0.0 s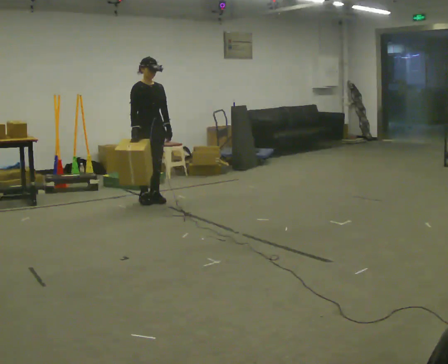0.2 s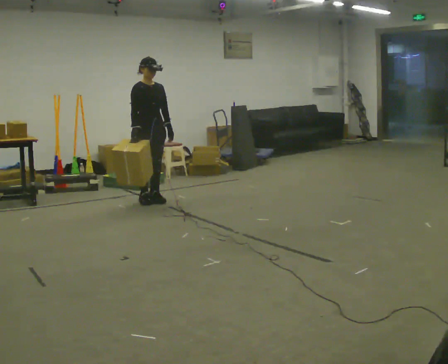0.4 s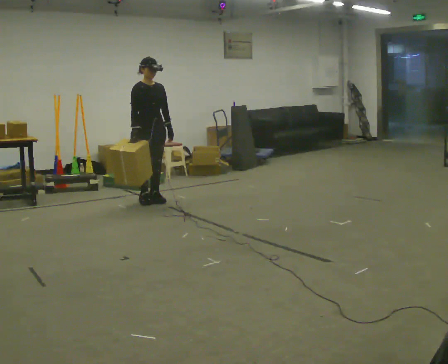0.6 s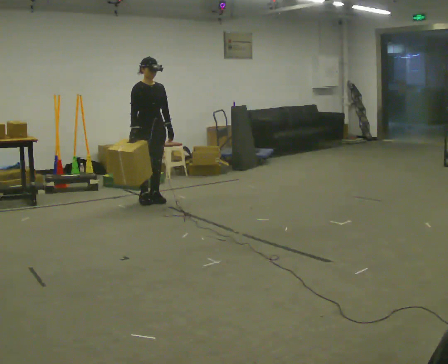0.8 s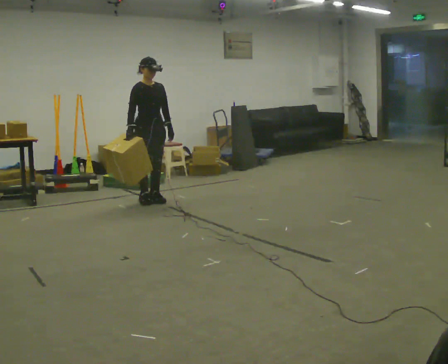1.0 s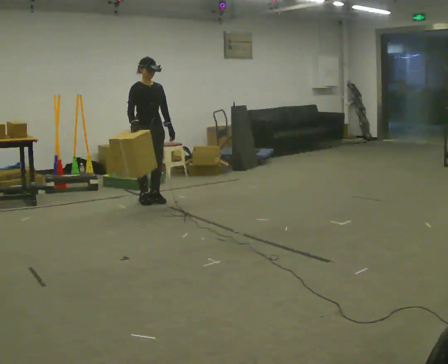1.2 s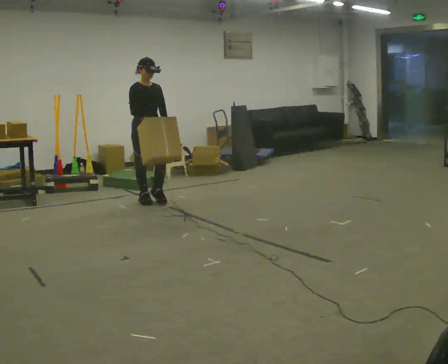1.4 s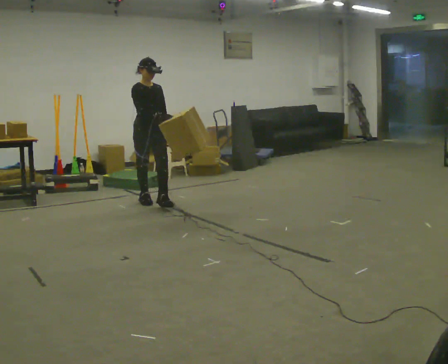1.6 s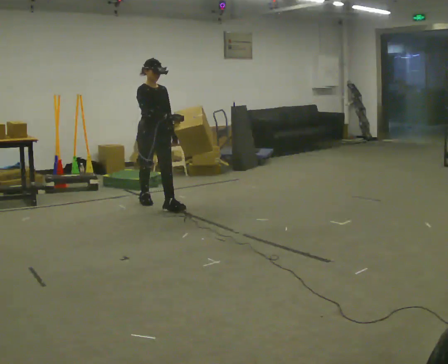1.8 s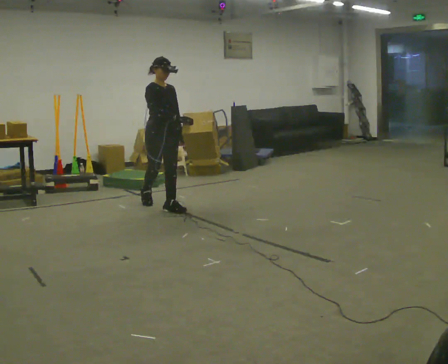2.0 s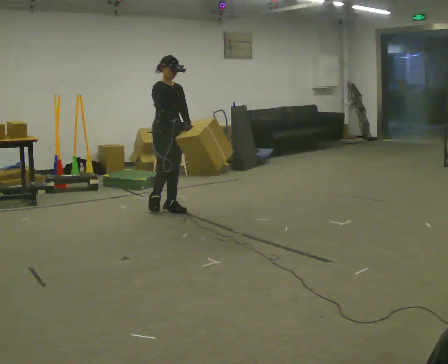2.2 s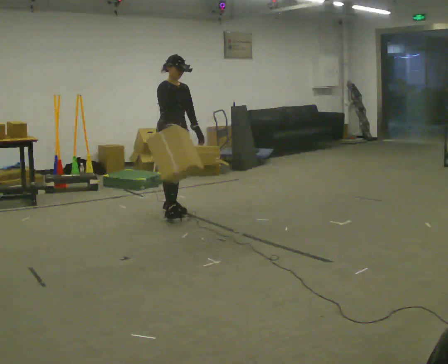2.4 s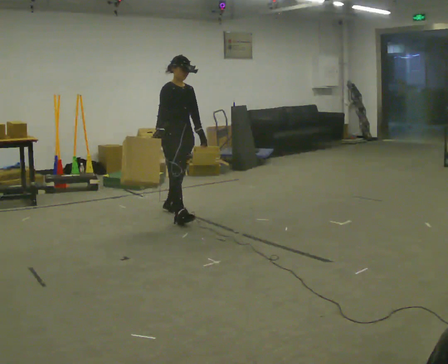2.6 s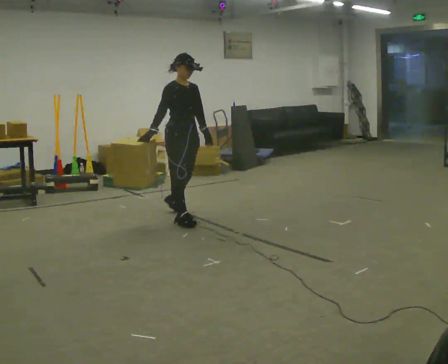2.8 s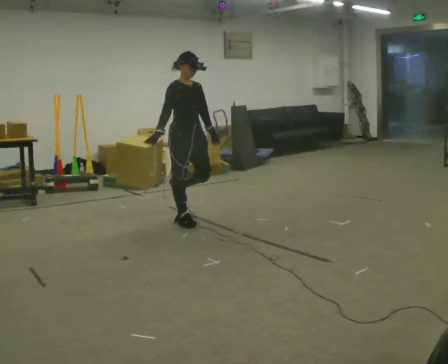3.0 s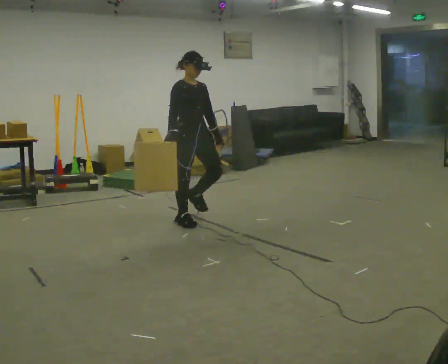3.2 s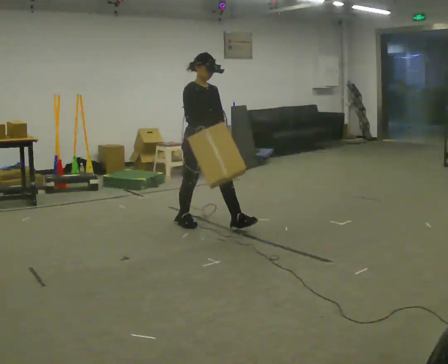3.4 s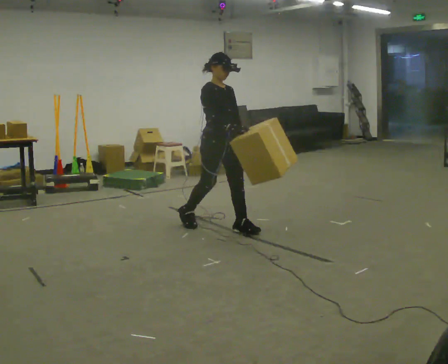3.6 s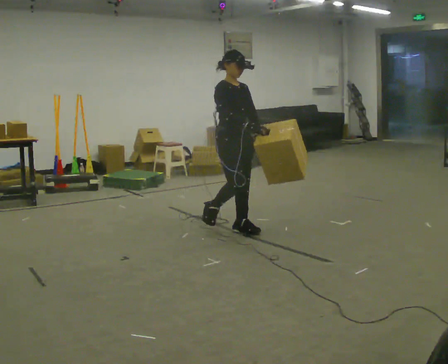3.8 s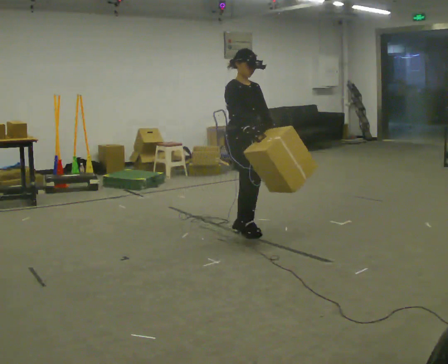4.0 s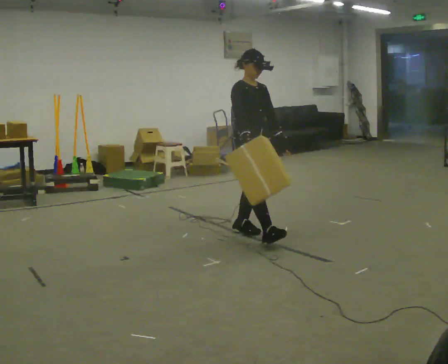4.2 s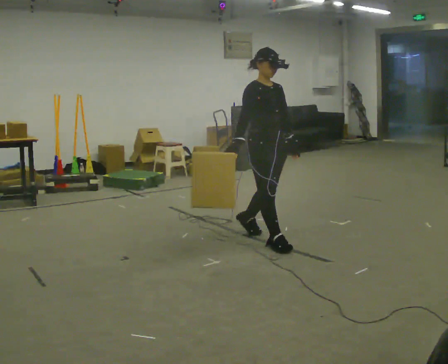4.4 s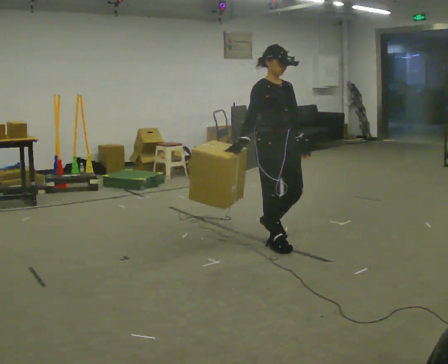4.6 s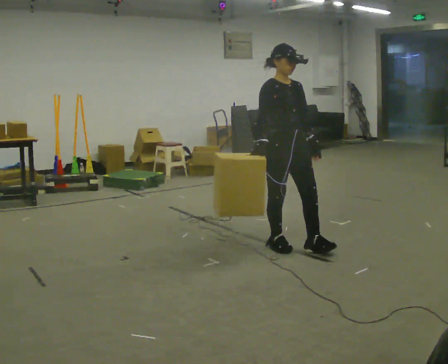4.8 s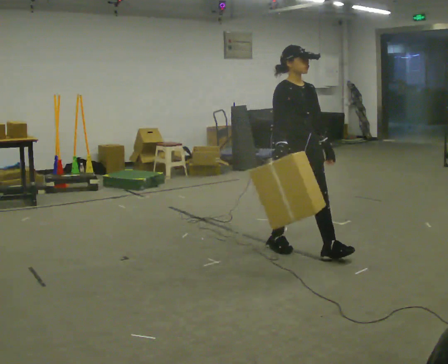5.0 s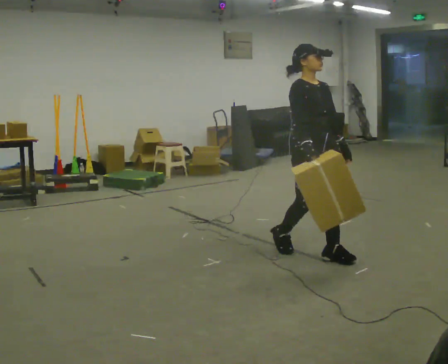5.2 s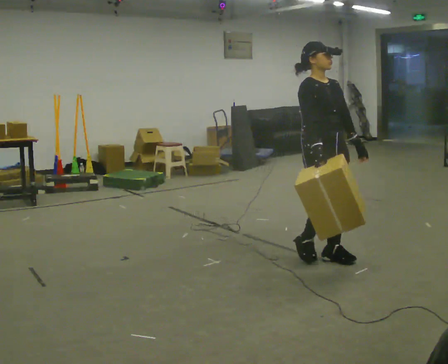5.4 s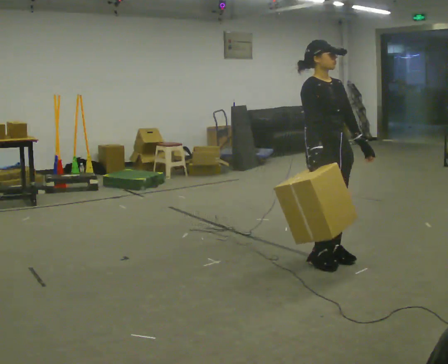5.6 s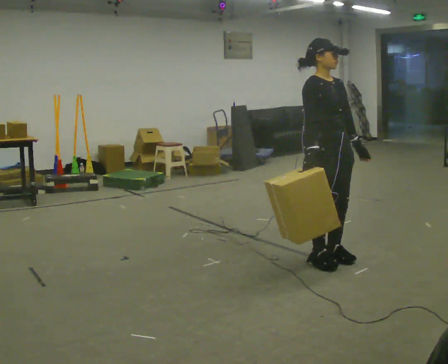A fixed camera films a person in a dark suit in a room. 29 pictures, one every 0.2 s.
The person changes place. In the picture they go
toward the camera.
0.0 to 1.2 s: The person moves a little, or ends about where they began.
1.2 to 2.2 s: In the picture they go toward the camera and to the right, about 0.5 m in 1 step, which for them is forward.
2.2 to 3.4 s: In the picture they go toward the camera and to the right, about 1 m in 2 steps, which for them is forward.
3.4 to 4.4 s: In the picture they go toward the camera and to the right, about 0.75 m in 1 step, which for them is forward.
4.4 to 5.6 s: In the picture they go toward the camera and to the right, about 0.5 m in 2 steps, which for them is forward.
The film runs forward here.
